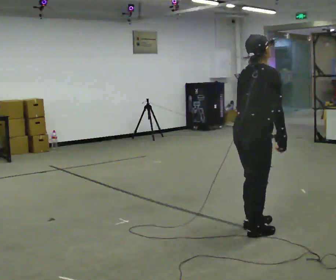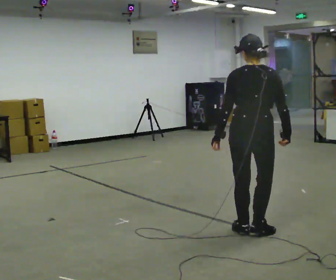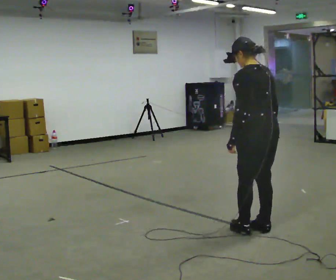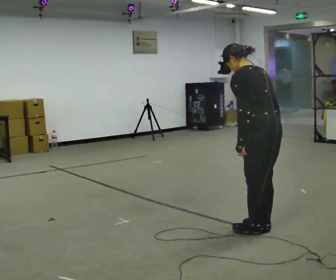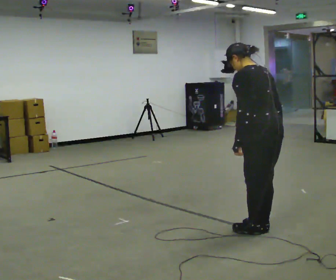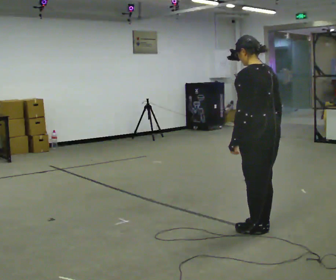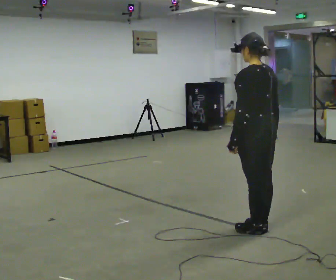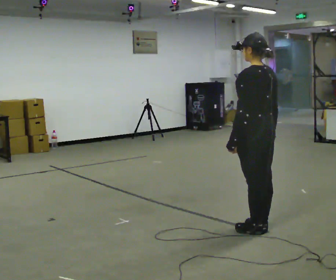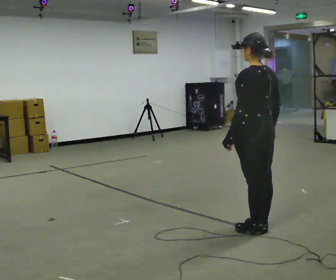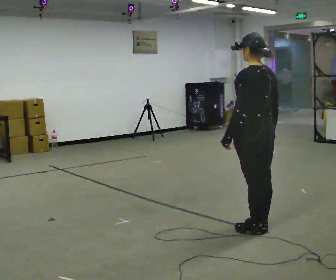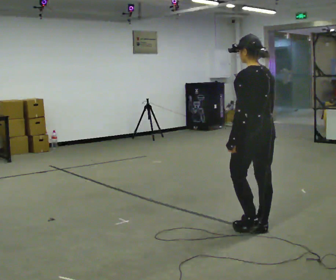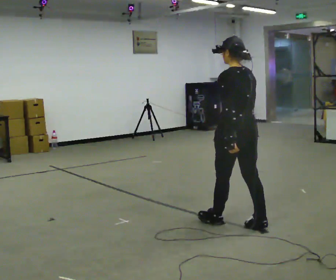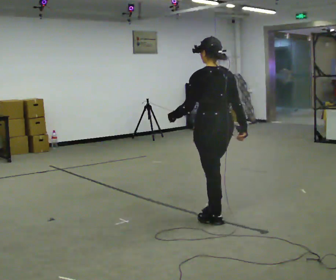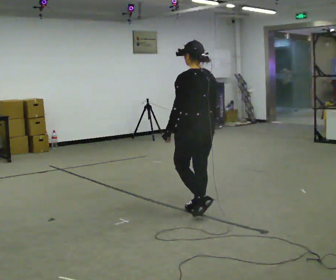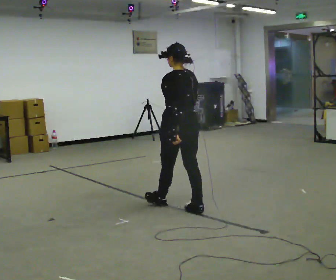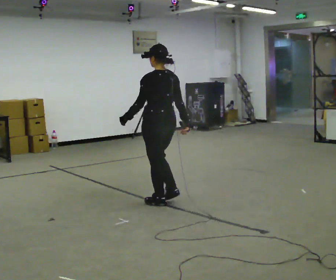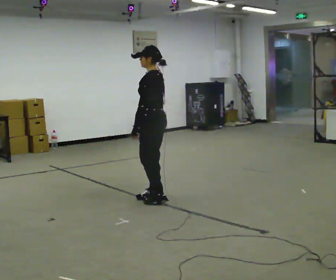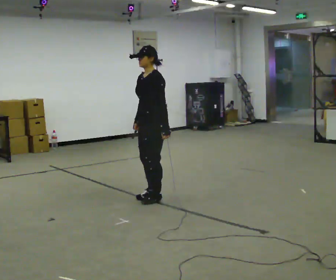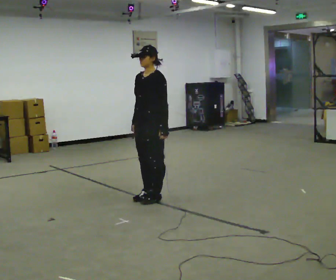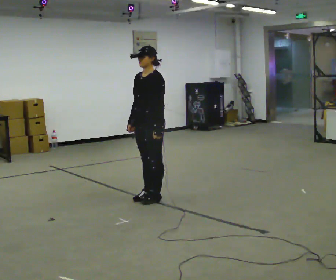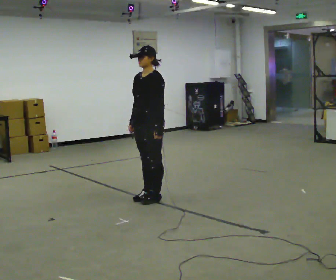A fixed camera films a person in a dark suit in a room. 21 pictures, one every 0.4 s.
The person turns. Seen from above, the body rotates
counterclockwise.
The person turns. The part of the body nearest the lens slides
to the right.
0.0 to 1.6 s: The part of the body nearest the lens slides to the right as the person turns to their left by about 105 degrees. In the picture the upper body tilts counterclockwise, shoulders to the left.
1.6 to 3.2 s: In the picture the upper body tilts clockwise, shoulders to the right, as they lean back or straighten.
3.2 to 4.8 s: In the picture they go to the left and away from the camera, about 0.5 m in 1 step, which for them is forward.
4.8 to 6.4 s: Seen from above the body turns counterclockwise, about 45 degrees: to their left, with its near side sliding to the right. In the picture they go away from the camera and to the left, about 1 m in 3 steps, which for them is forward.
6.4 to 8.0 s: The person turns about 45 degrees to their left, counterclockwise seen from above, so the part of the body nearest the lens slides to the right.
The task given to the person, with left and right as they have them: Walk; stop fully; turn 90° left/right while standing; walk new direction.
The film runs forward here.
